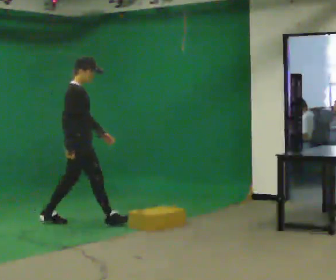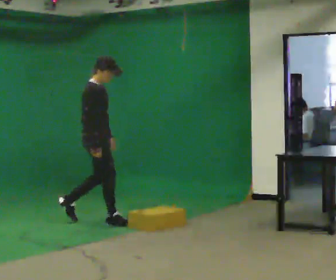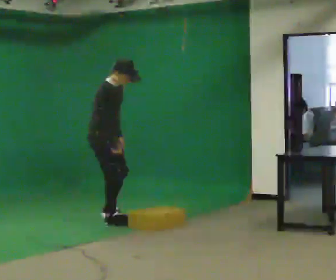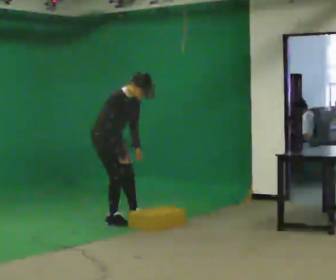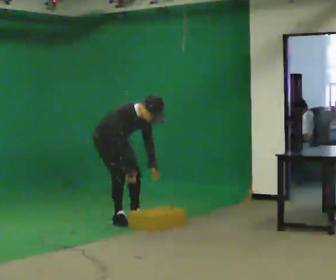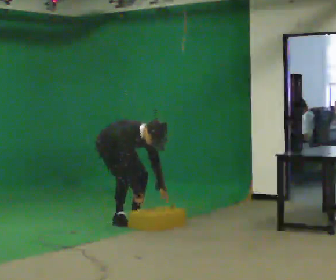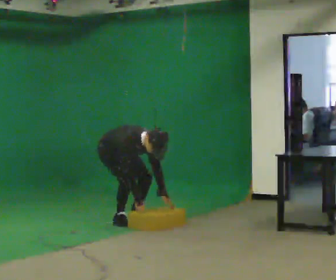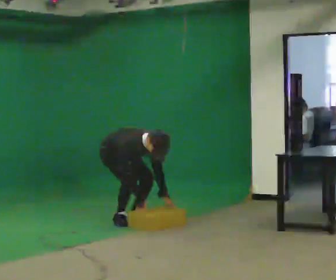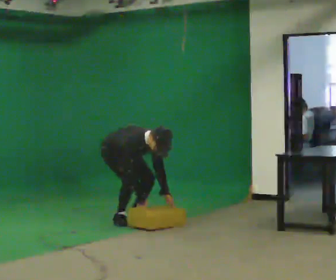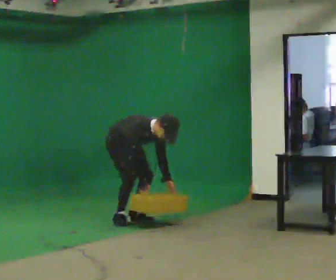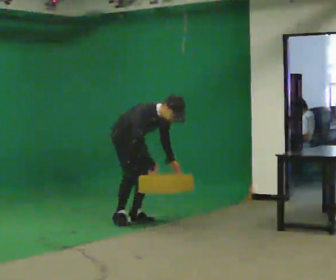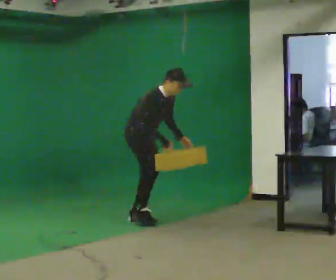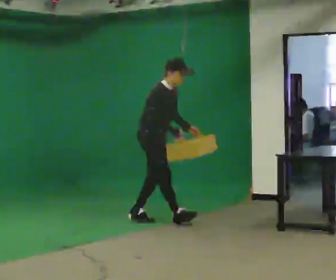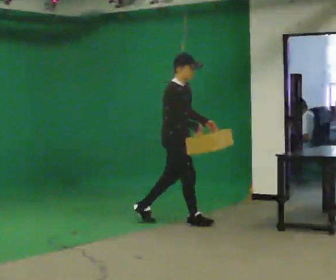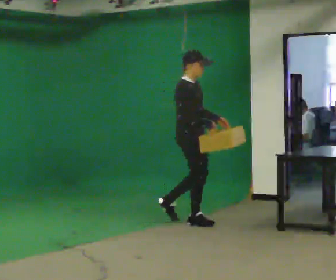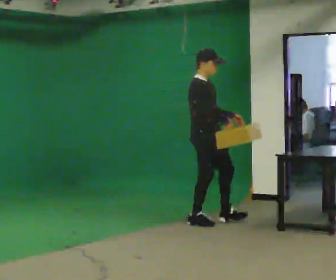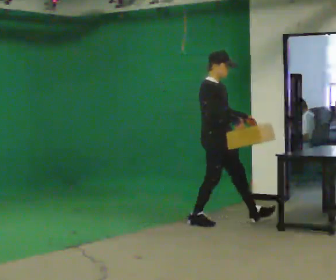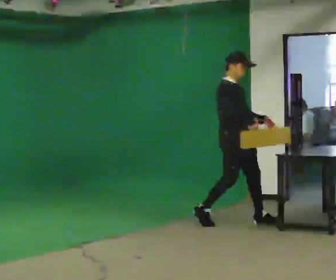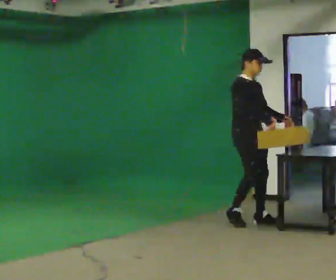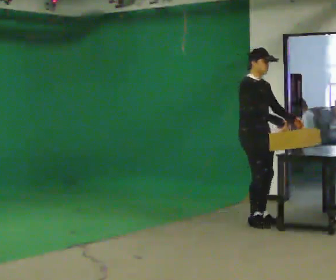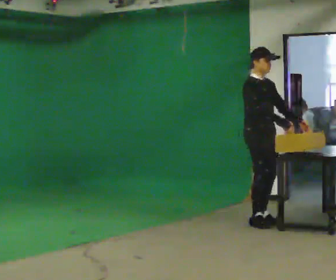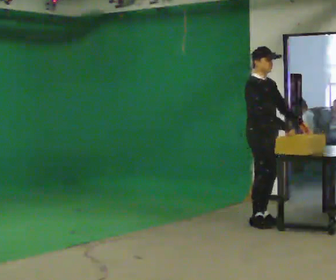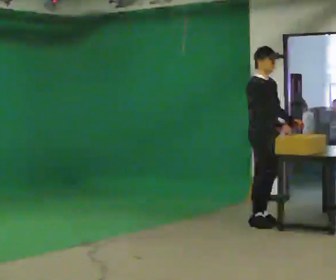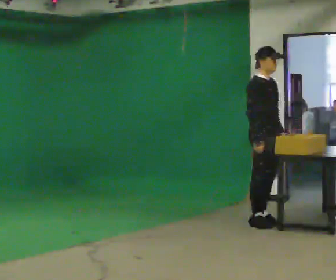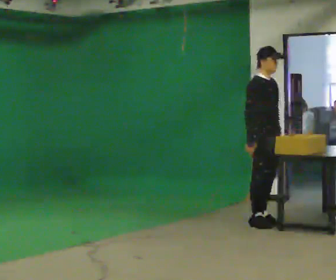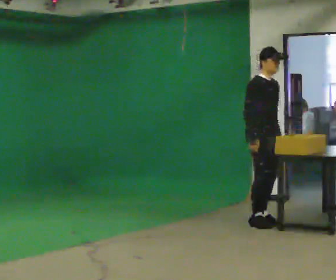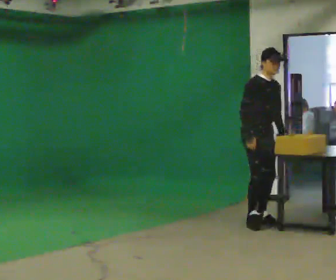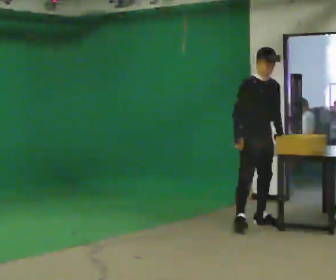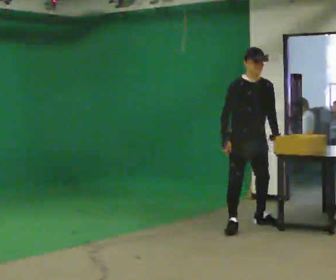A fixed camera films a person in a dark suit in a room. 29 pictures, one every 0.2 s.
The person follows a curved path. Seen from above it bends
clockwise.
The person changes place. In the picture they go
to the right.
0.0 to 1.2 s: The part of the body nearest the lens slides to the left as the person turns to their right by about 45 degrees. In the picture they go to the right and away from the camera, about 0.25 m in 1 step, which for them is to their left and forward. The upper body goes downward. In the picture the upper body tilts clockwise, shoulders to the right, as they bend forward. In the picture their left hand goes downward.
1.2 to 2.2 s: In the picture they go to the right, about 0.25 m, which for them is forward and to their left. The shoulders move upward. The upper body tips away from the camera, its near side rolling upward, as they lean back or straighten. In the picture their left hand goes upward.
2.2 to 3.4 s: In the picture they go to the right, about 1 m in 2 steps, which for them is forward. In the picture the upper body tilts counterclockwise, shoulders to the left, as they lean back or straighten.
3.4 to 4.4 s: In the picture they go to the right, about 0.25 m in 1 step, which for them is forward and to their left.
4.4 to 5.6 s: Seen from above the body turns clockwise, about 30 degrees: to their right, with its near side sliding to the left. In the picture they go toward the camera and to the left, about 0.25 m in 1 step, which for them is to their right.
The film runs forward here.
